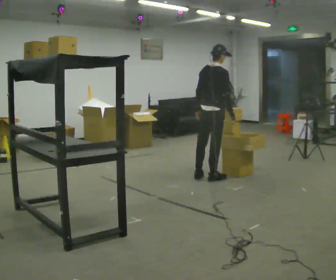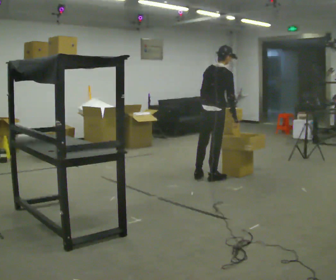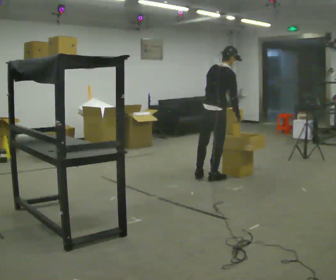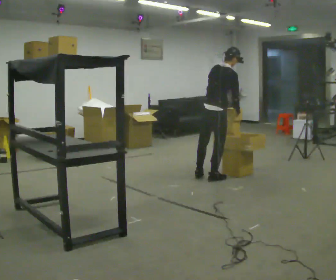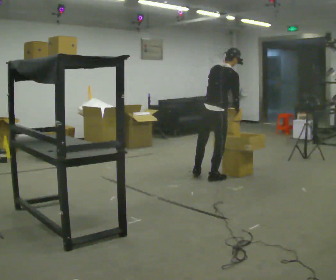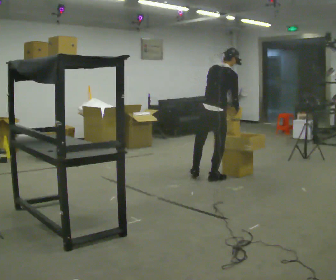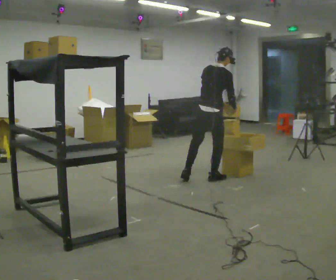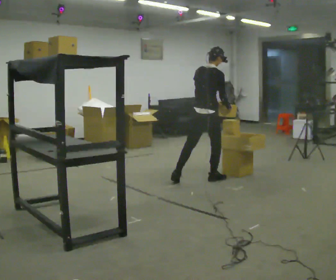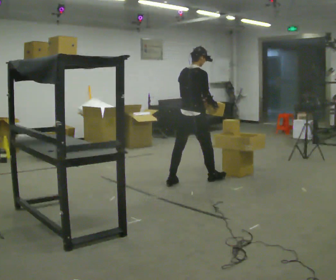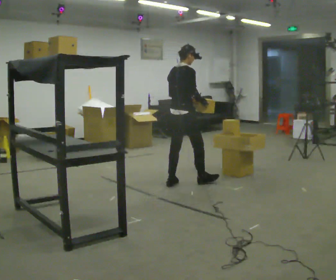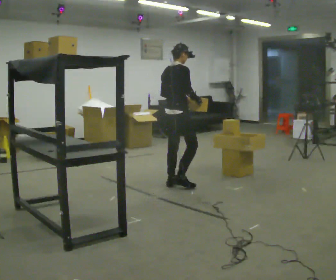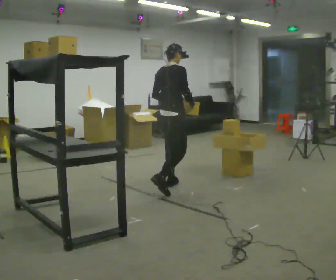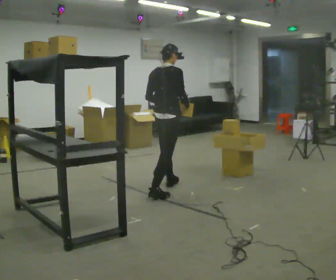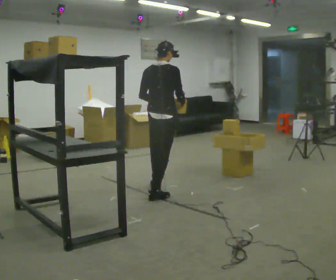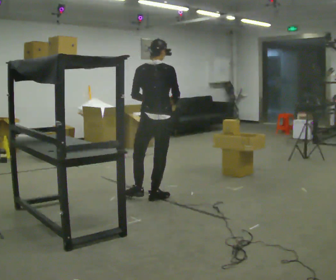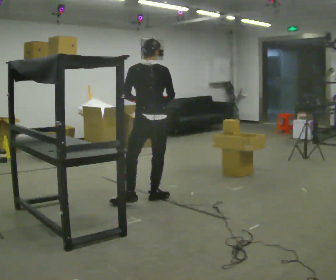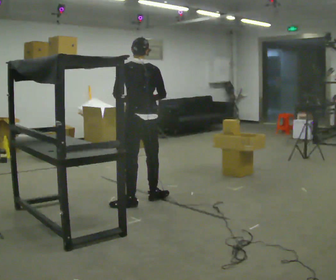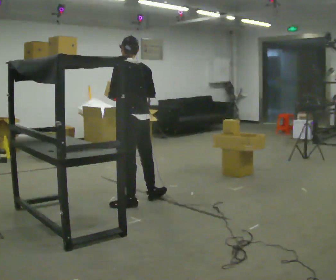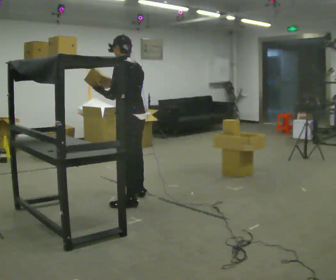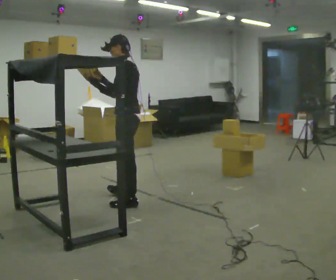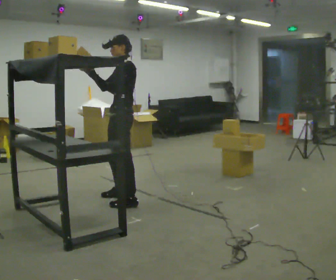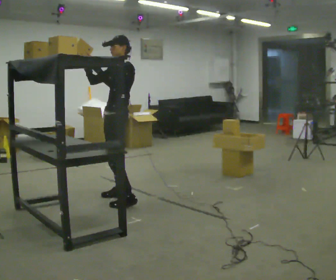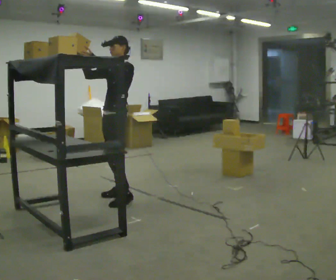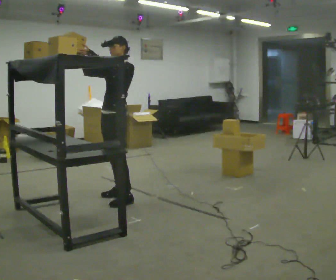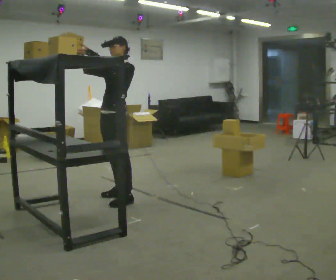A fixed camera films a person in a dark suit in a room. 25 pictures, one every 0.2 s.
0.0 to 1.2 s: The person moves a little, or ends about where they began.
1.2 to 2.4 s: In the picture they go to the left and toward the camera, about 0.75 m in 1 step, which for them is backward. In the picture the upper body tilts counterclockwise, shoulders to the left.
2.4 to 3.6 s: Seen from above the body turns counterclockwise, about 105 degrees: to their left, with its near side sliding to the right. In the picture they go toward the camera and to the left, about 0.5 m in 2 steps.
3.6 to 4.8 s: The part of the body nearest the lens slides to the right as the person turns to their left by about 75 degrees. In the picture they go to the left and away from the camera, about 0.25 m. In the picture their right hand goes upward.
The film runs backward here.
